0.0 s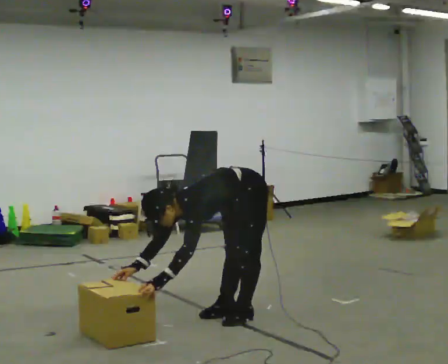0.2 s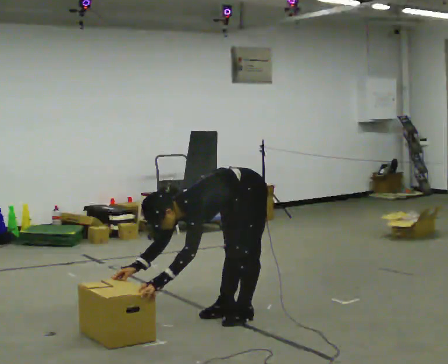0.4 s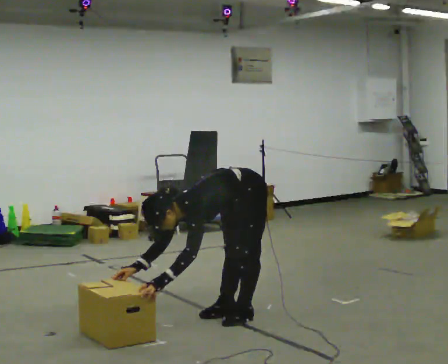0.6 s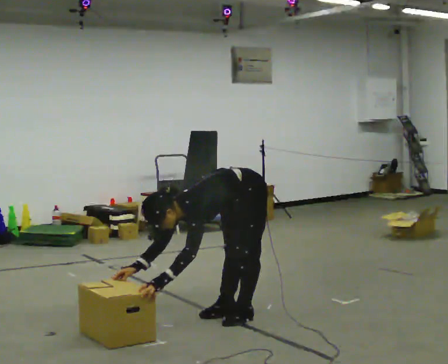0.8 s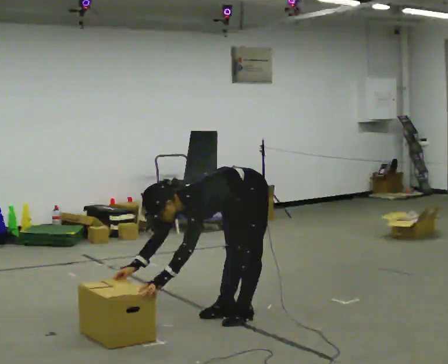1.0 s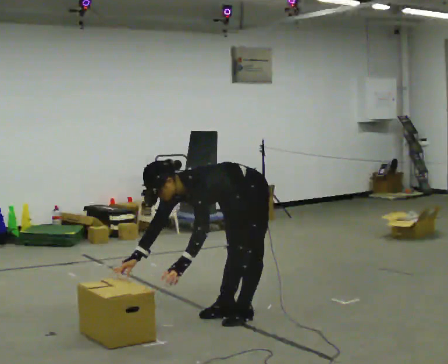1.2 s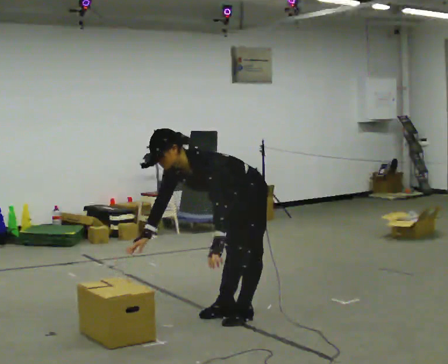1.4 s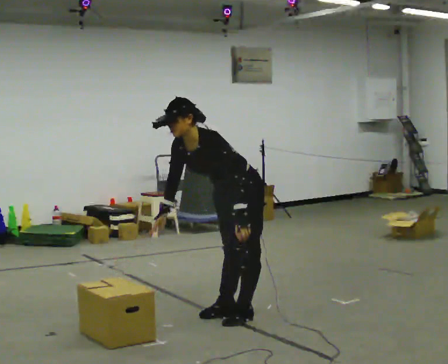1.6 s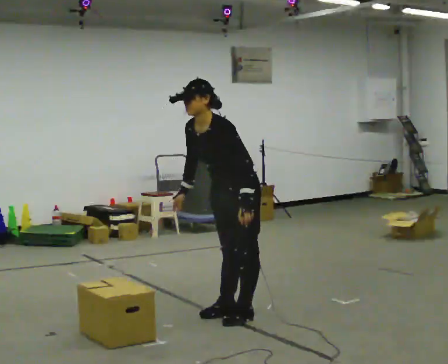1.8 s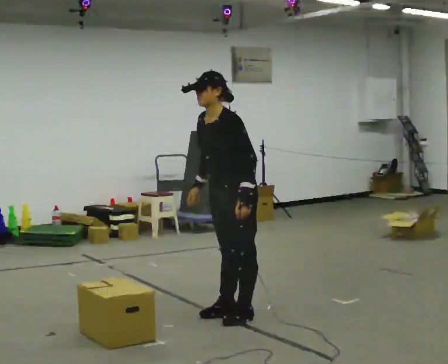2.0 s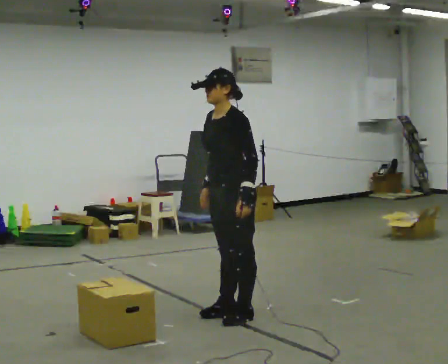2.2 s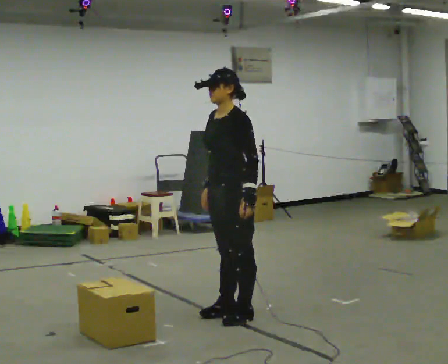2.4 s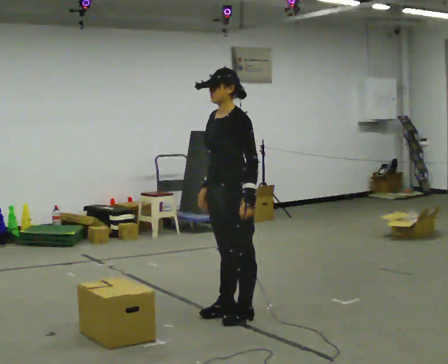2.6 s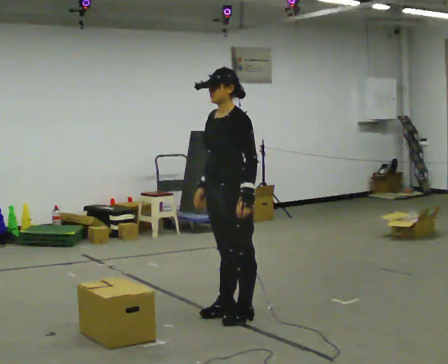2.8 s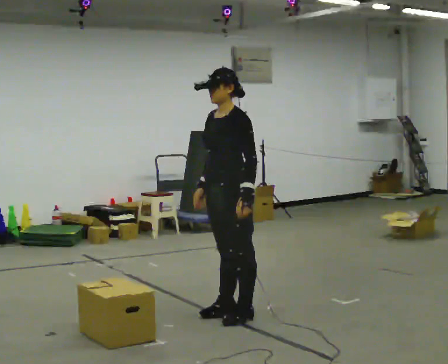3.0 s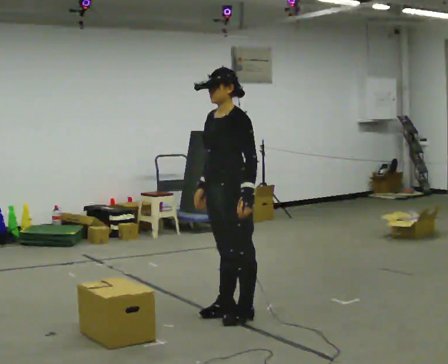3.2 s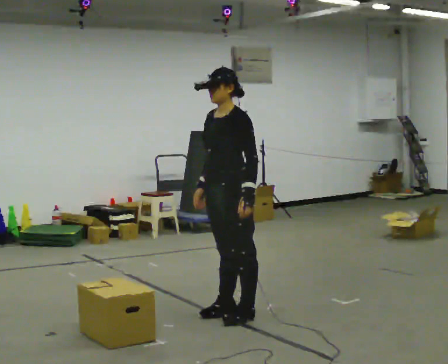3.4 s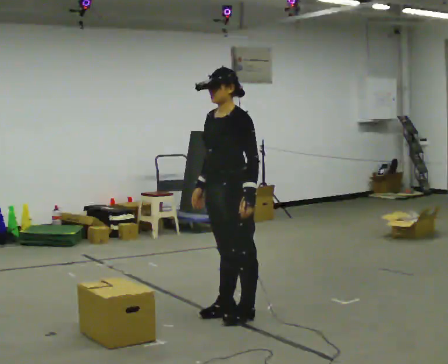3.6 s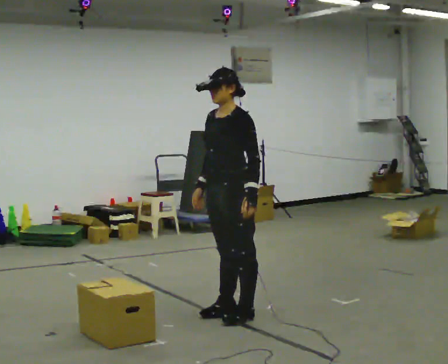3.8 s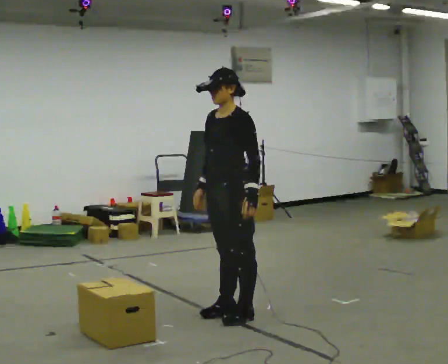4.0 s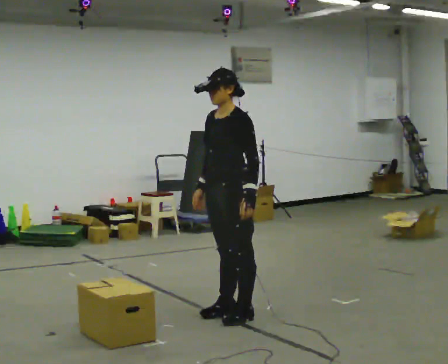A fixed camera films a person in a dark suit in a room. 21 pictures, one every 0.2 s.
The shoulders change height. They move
upward.
Their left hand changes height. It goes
upward.
0.0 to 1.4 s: The shoulders move upward. In the picture the upper body tilts clockwise, shoulders to the right, as they lean back or straighten. In the picture their left hand goes to the right and upward, the arm swinging counterclockwise.
1.4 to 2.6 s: In the picture the upper body tilts clockwise, shoulders to the right, as they lean back or straighten.
2.6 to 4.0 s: The person moves a little, or ends about where they began.
The film runs forward here.
